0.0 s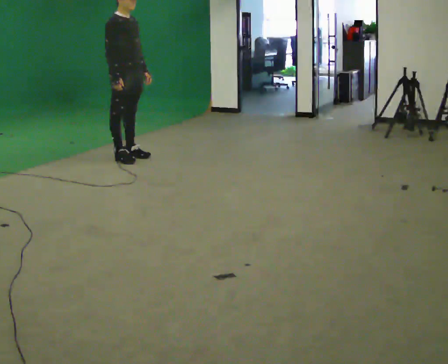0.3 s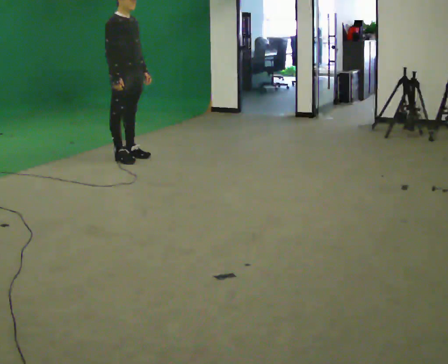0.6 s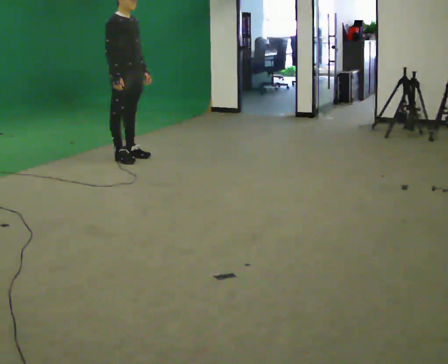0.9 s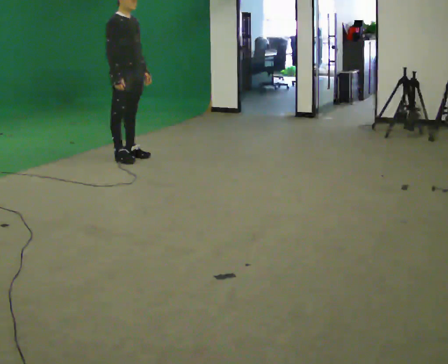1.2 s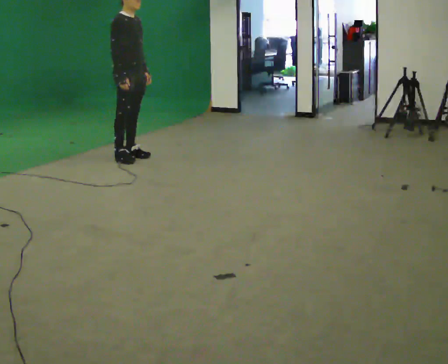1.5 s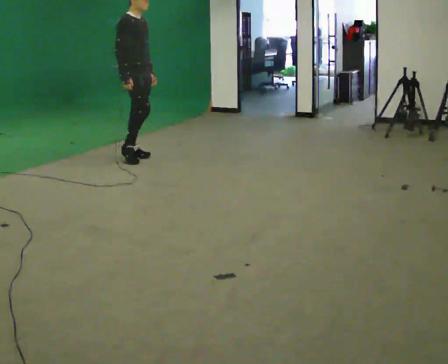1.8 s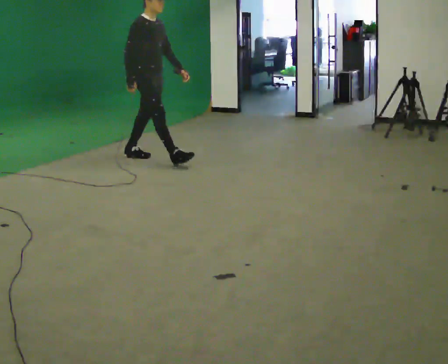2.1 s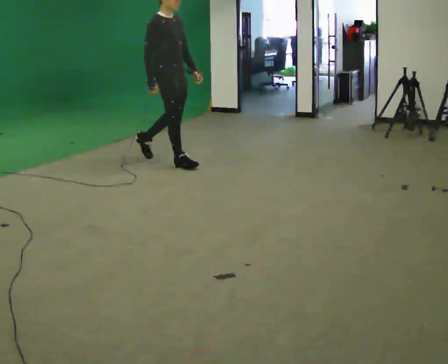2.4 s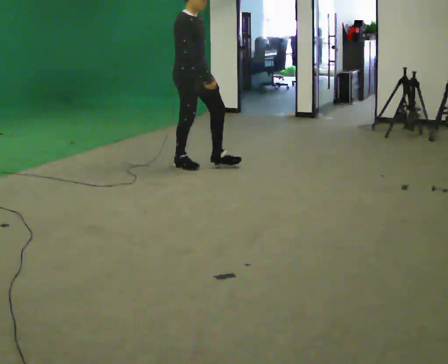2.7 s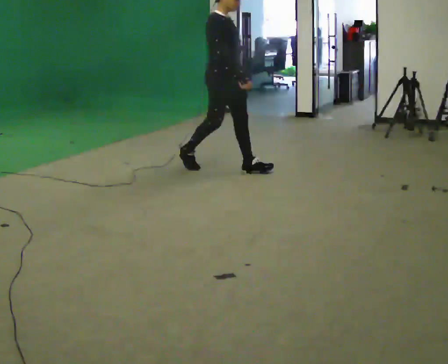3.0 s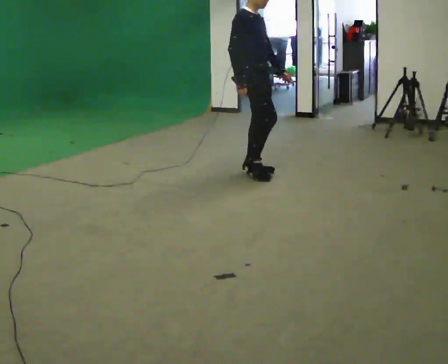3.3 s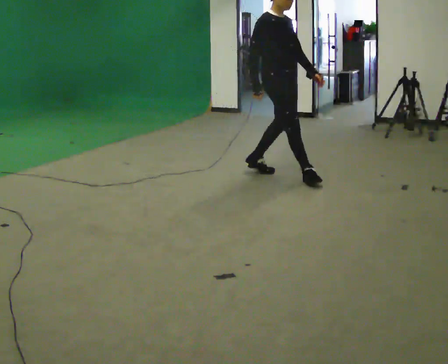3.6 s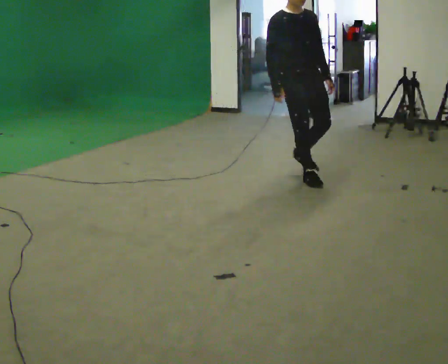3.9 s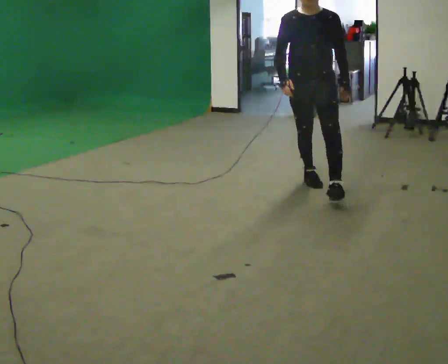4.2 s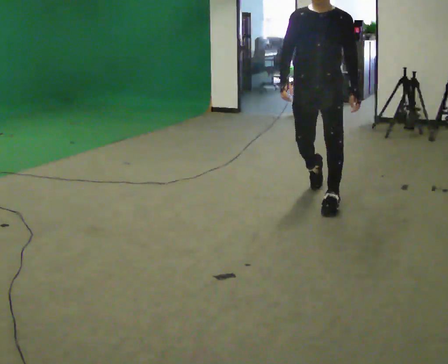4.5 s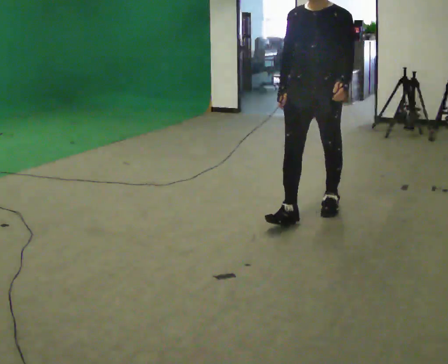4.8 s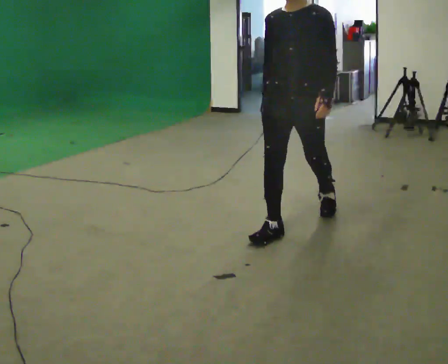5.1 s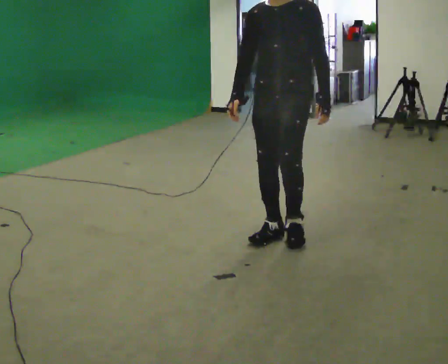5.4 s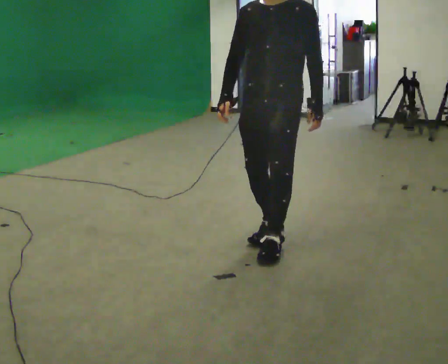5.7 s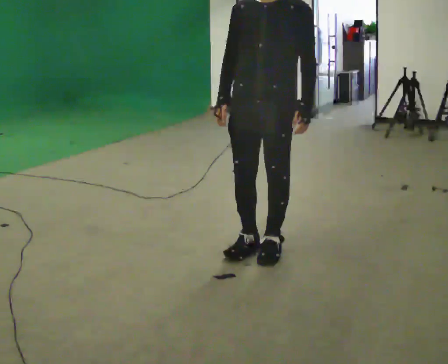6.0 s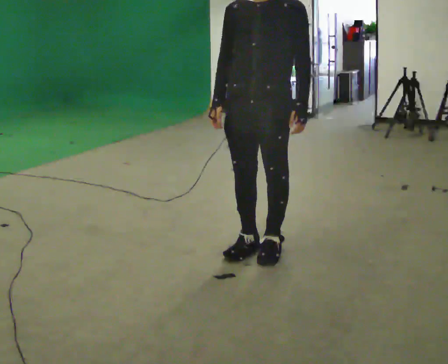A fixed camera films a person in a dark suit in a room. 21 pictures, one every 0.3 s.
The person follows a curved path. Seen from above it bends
clockwise.
The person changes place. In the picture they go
toward the camera.
0.0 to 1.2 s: The person moves a little, or ends about where they began.
1.2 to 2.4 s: In the picture they go to the right and toward the camera, about 0.5 m in 1 step, which for them is forward.
2.4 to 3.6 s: The person turns about 30 degrees to their right, clockwise seen from above, so the part of the body nearest the lens slides to the left. In the picture they go to the right and toward the camera, about 1 m in 2 steps, which for them is forward.
3.6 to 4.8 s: The person turns about 60 degrees to their right, clockwise seen from above, so the part of the body nearest the lens slides to the left. In the picture they go toward the camera, about 1 m in 2 steps, which for them is forward.
4.8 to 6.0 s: In the picture they go toward the camera and to the left, about 0.5 m in 2 steps, which for them is forward.
The film runs forward here.
